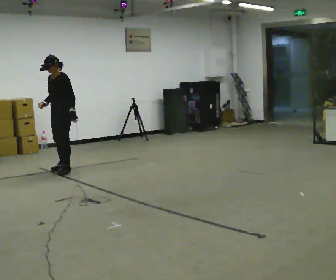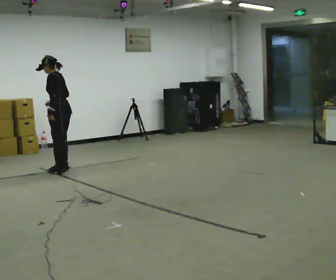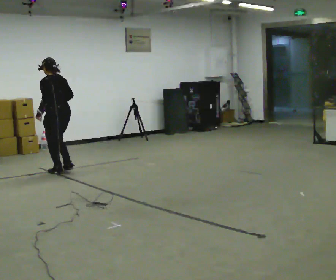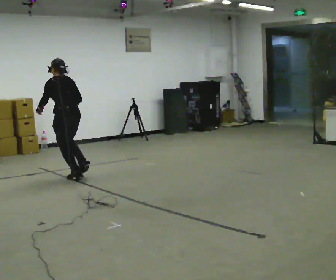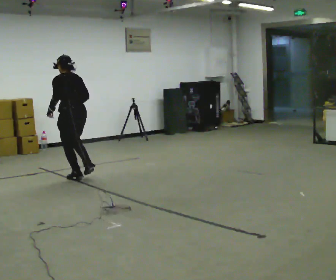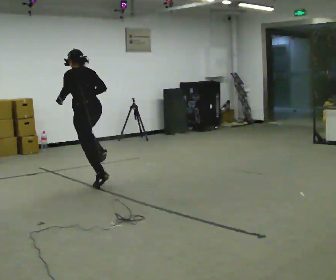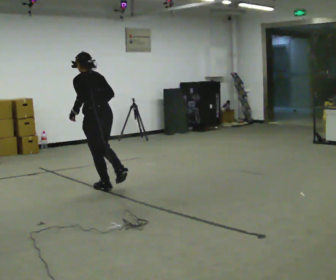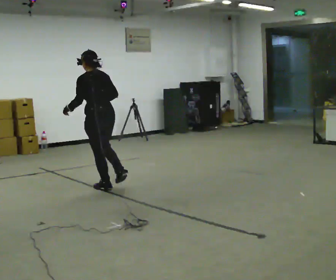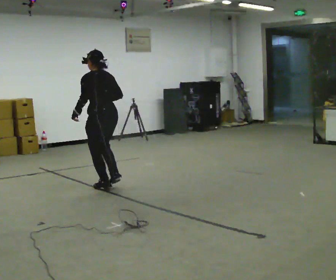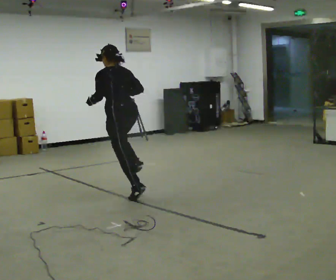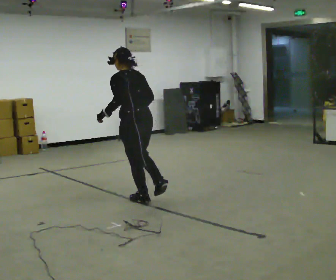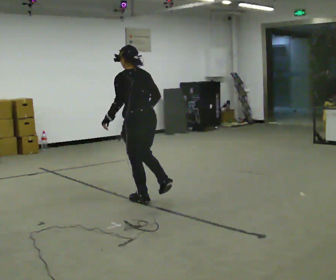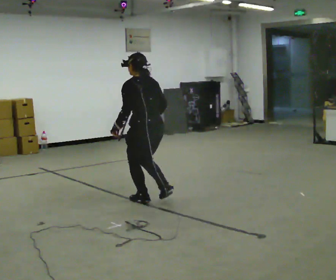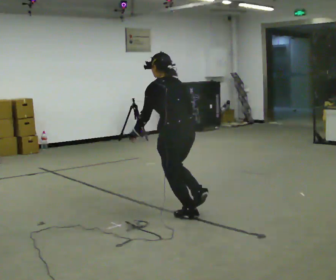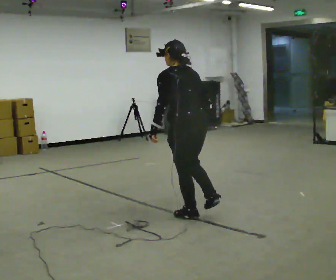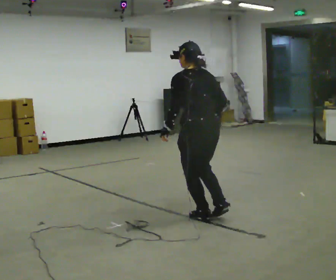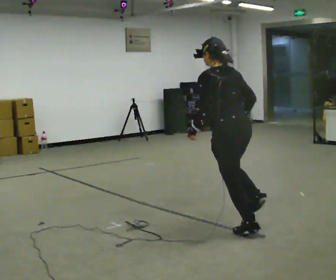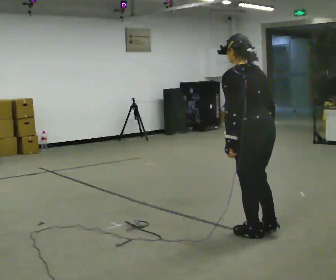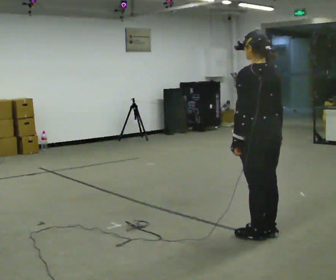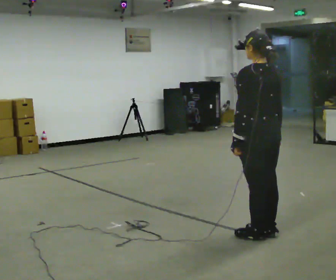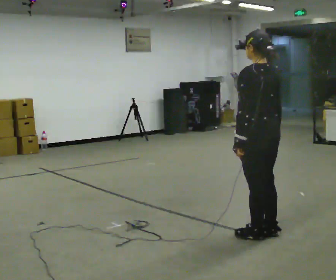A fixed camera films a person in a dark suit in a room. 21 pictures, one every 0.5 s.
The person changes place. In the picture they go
toward the camera.
0.0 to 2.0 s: The person turns about 90 degrees to their right, clockwise seen from above, so the part of the body nearest the lens slides to the left. In the picture they go toward the camera, about 0.5 m in 2 steps.
2.0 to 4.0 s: In the picture they go toward the camera and to the right, about 0.75 m in 2 steps, which for them is backward.
4.0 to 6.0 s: In the picture they go toward the camera and to the right, about 1 m in 3 steps, which for them is backward.
6.0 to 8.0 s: In the picture they go toward the camera and to the right, about 1 m in 3 steps, which for them is backward.
8.0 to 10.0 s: In the picture they go toward the camera and to the right, about 0.25 m, which for them is backward.
The film runs backward here.
